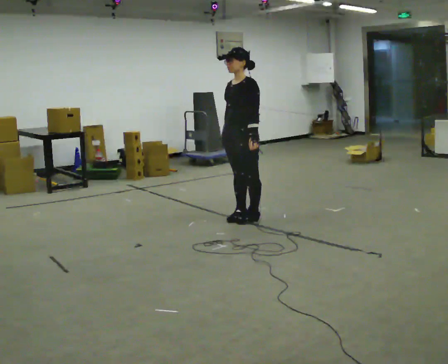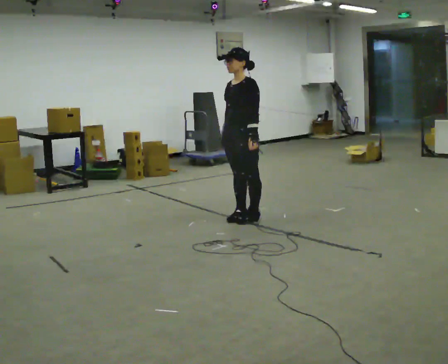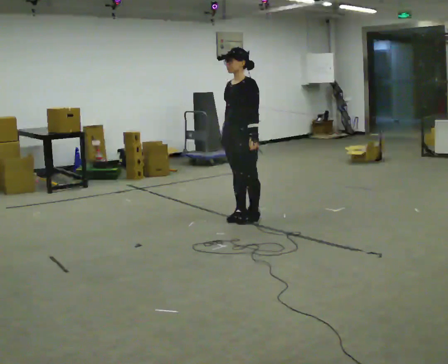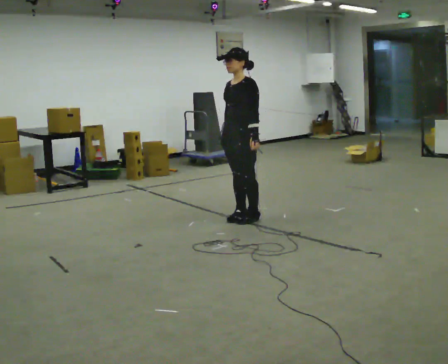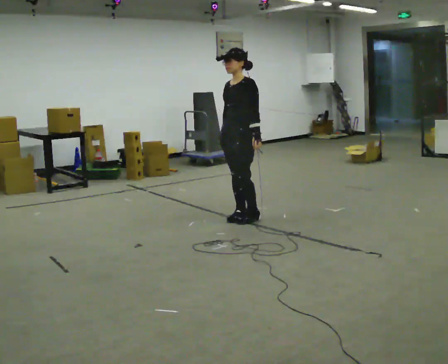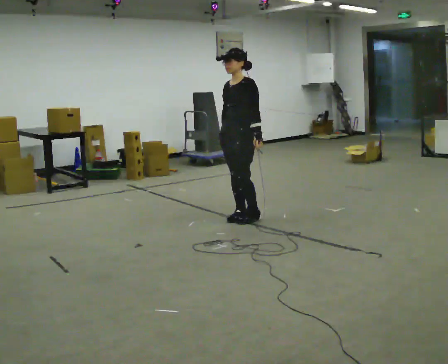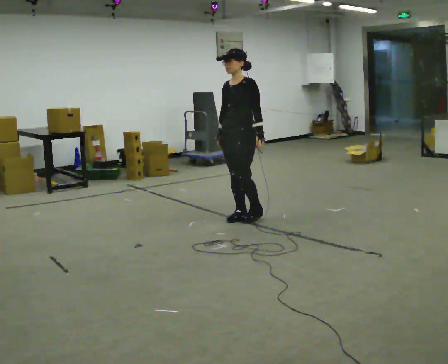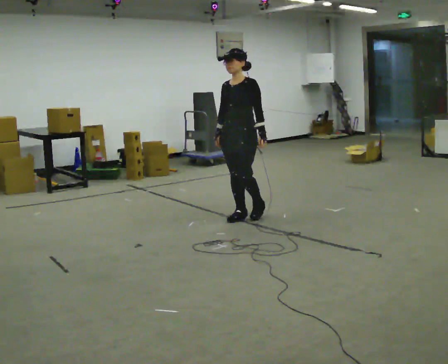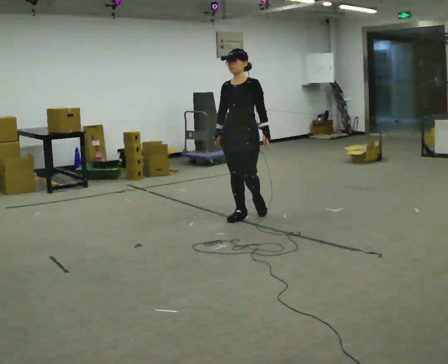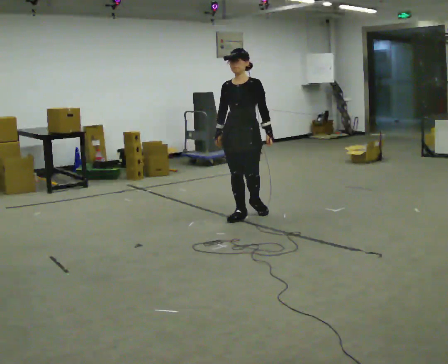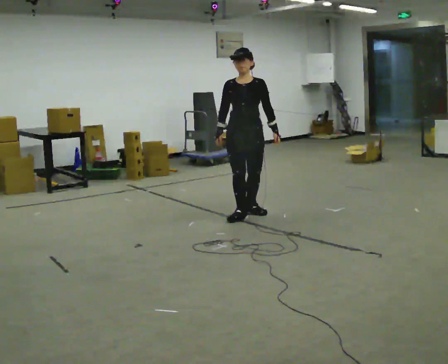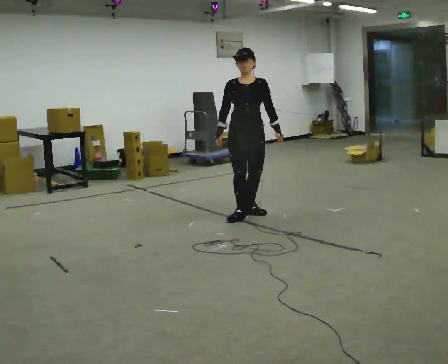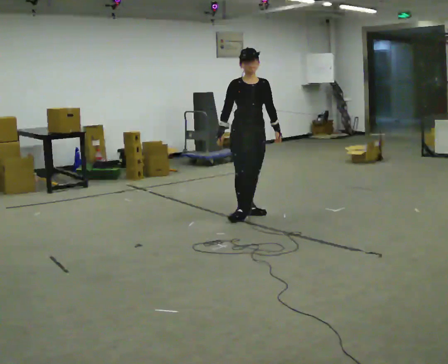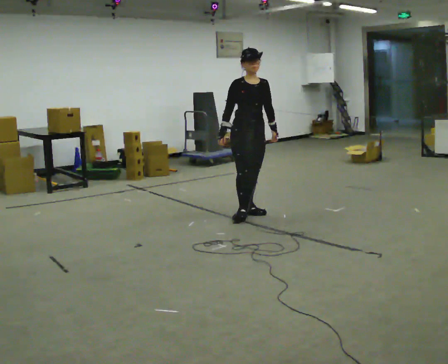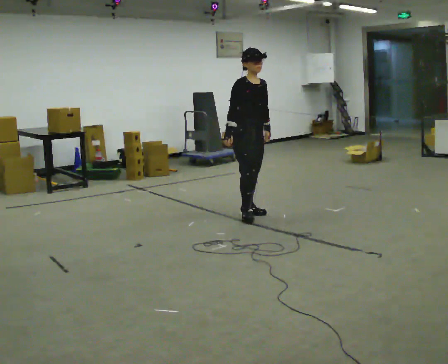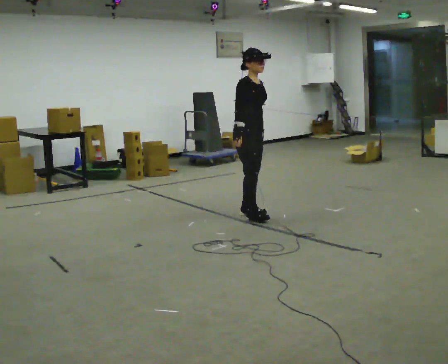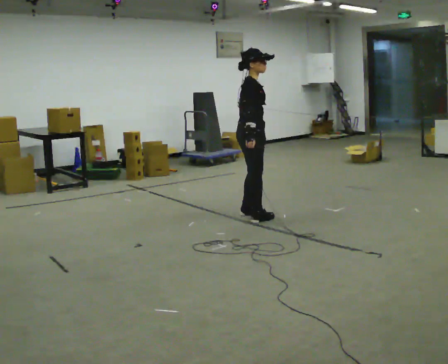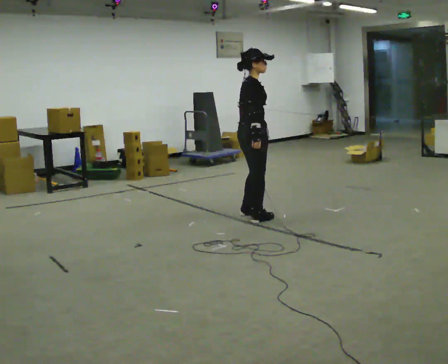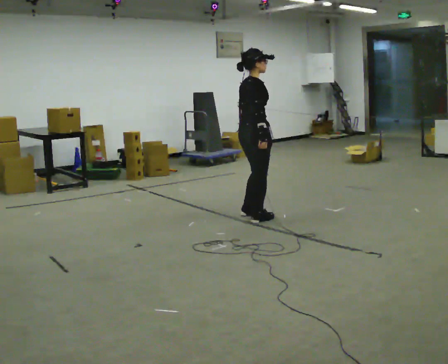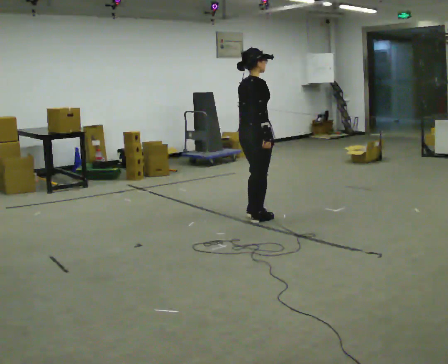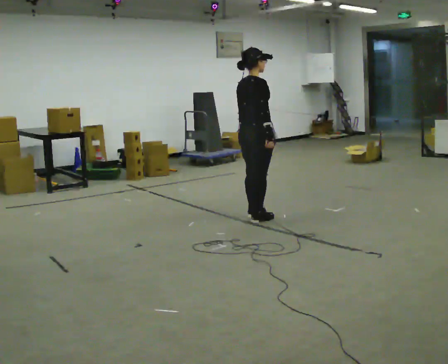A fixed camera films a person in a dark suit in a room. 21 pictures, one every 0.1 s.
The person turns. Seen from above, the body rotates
counterclockwise.
The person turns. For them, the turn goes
to their left.
0.0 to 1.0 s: The person turns about 45 degrees to their left, counterclockwise seen from above, so the part of the body nearest the lens slides to the right.
1.0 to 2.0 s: The person turns about 135 degrees to their left, counterclockwise seen from above, so the part of the body nearest the lens slides to the right. In the picture their right hand goes to the right.
The film runs backward here.
